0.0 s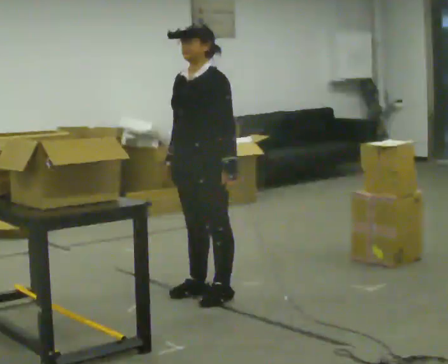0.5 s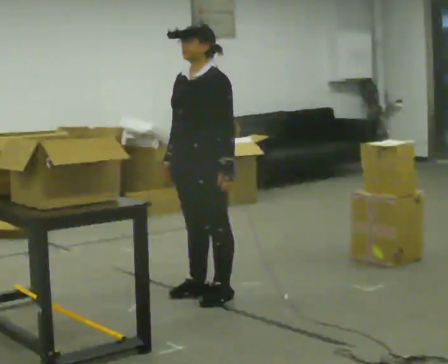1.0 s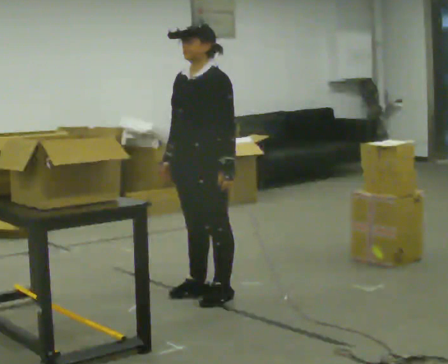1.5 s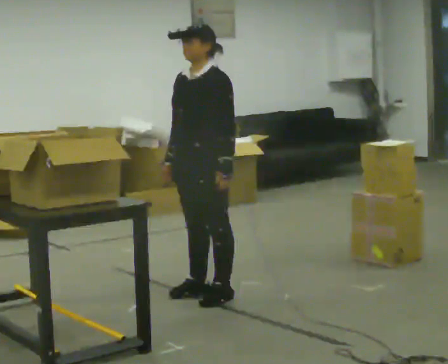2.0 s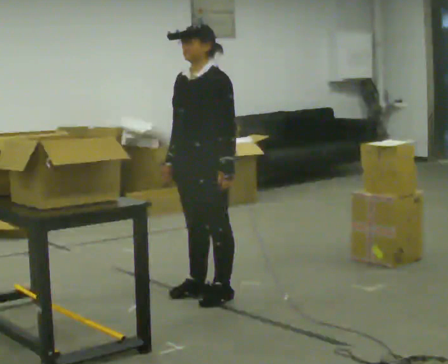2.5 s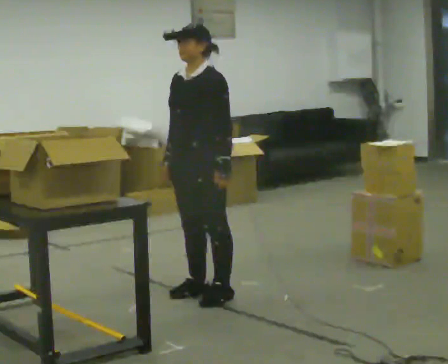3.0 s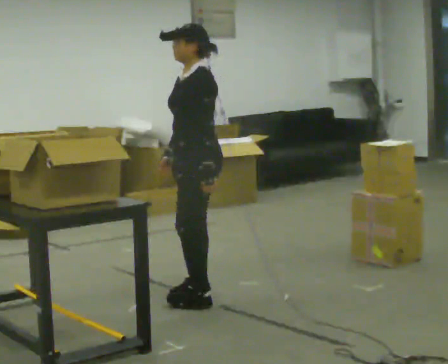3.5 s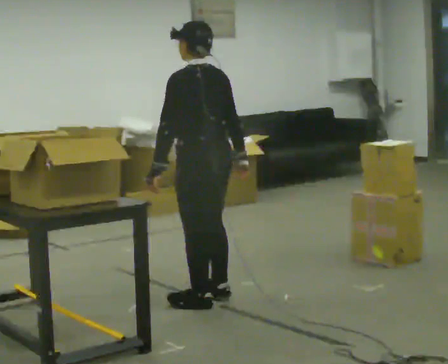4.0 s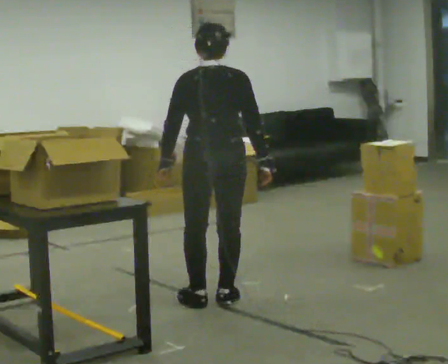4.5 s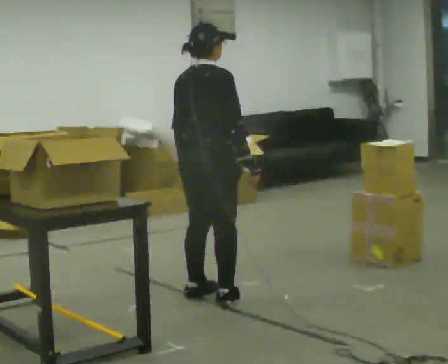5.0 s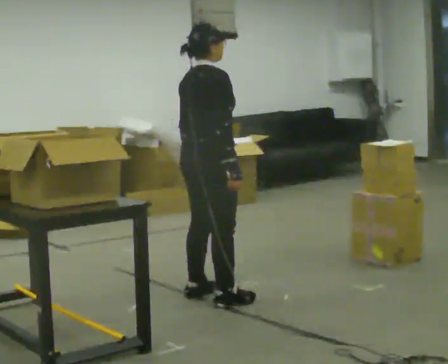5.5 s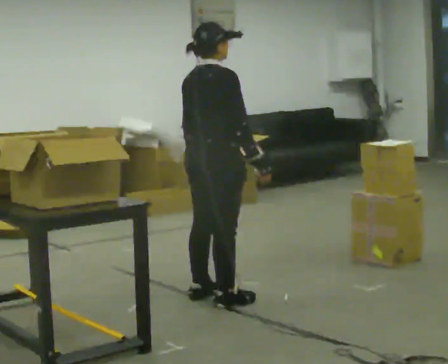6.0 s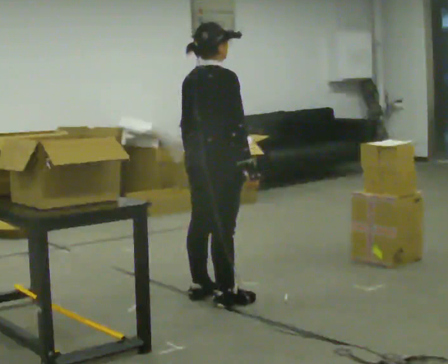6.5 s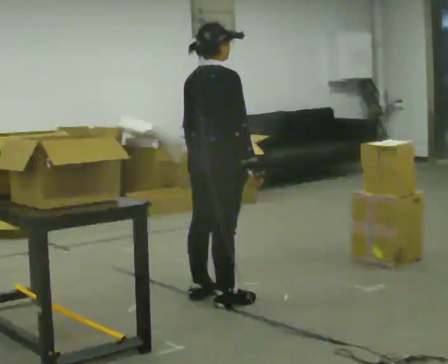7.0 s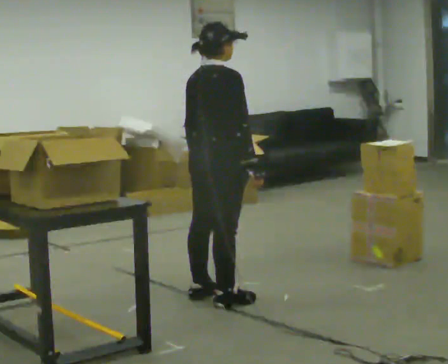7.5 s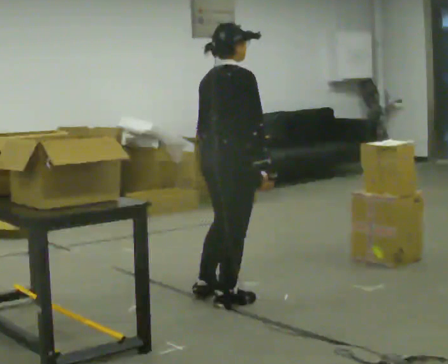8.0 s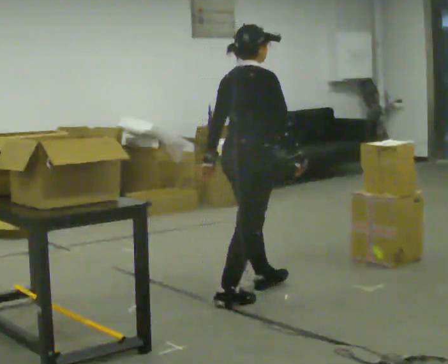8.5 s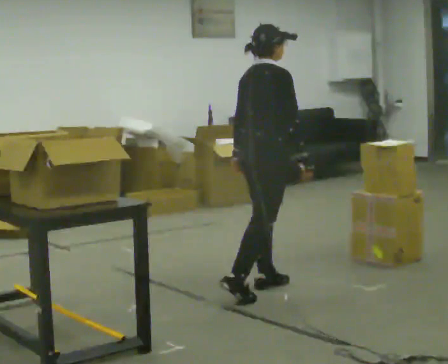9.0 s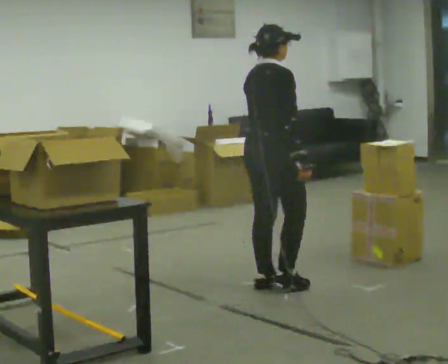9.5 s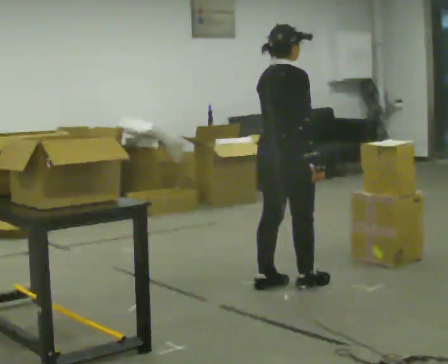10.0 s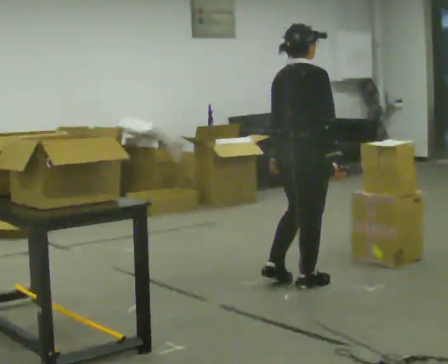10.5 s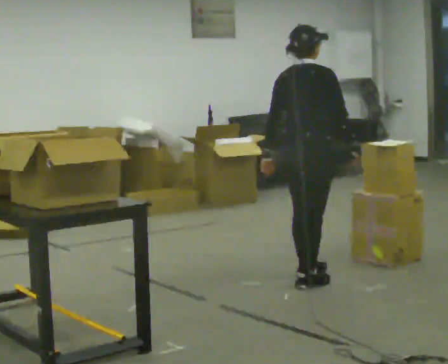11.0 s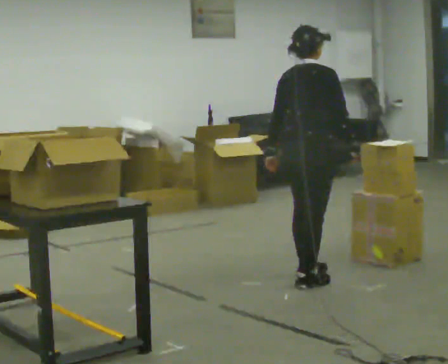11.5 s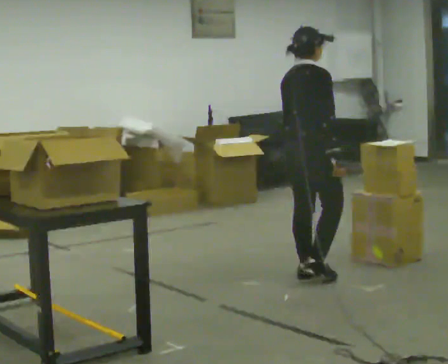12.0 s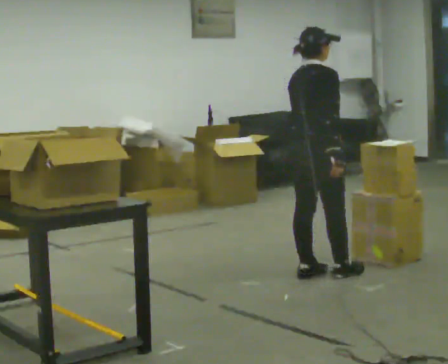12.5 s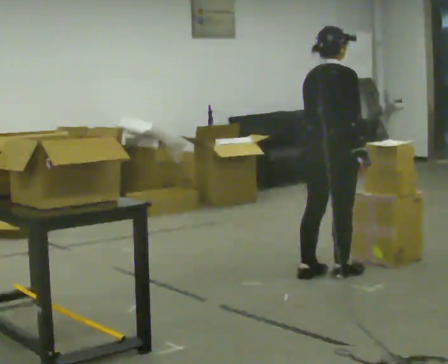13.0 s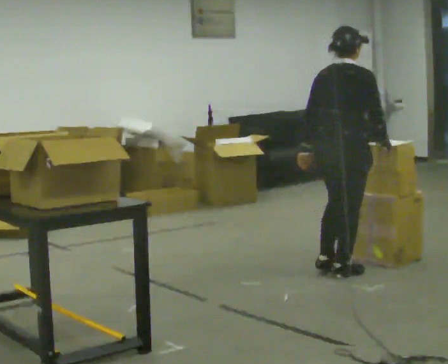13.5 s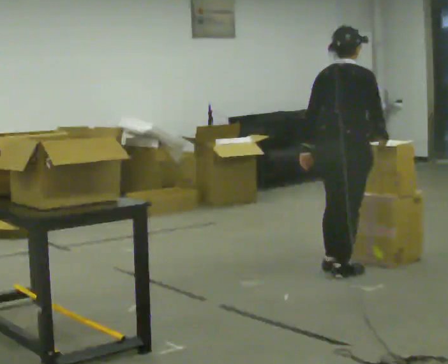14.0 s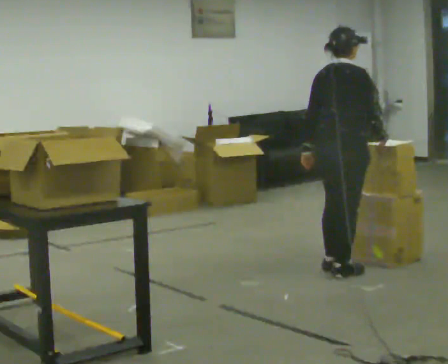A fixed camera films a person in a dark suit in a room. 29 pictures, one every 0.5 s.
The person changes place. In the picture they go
to the right.
0.0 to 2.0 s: The person moves a little, or ends about where they began.
2.0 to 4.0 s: The person turns about 135 degrees to their right, clockwise seen from above, so the part of the body nearest the lens slides to the left. In the picture their left hand goes to the left, the arm swinging clockwise.
4.0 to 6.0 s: The person turns about 60 degrees to their right, clockwise seen from above, so the part of the body nearest the lens slides to the left.
6.0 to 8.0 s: In the picture they go to the right, about 0.25 m in 1 step, which for them is forward.
8.0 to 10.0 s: In the picture they go to the right and away from the camera, about 0.5 m in 1 step, which for them is forward.
10.0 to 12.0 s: In the picture they go away from the camera, about 0.25 m in 2 steps, which for them is forward.
12.0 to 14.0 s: In the picture they go to the right, about 0.25 m in 1 step, which for them is forward.
The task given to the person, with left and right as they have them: 1. Read the list the operator gives you. 2. Collect the six items on the list from the shelves. 3. Put them all in the bin on the table. 4. Tell the operator when you are finished.
The film runs forward here.
